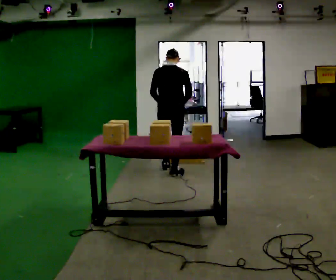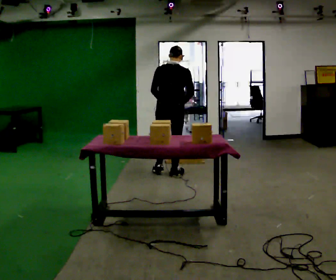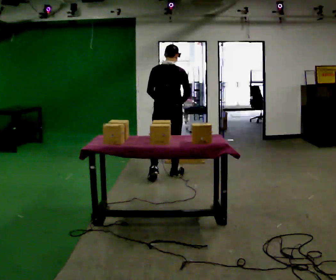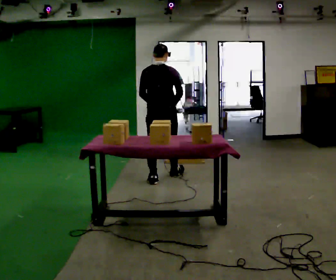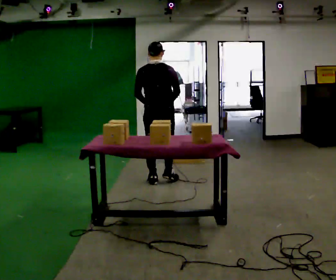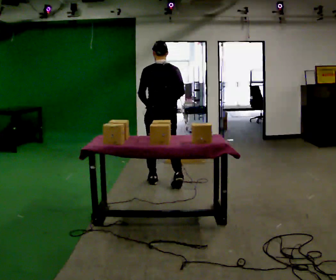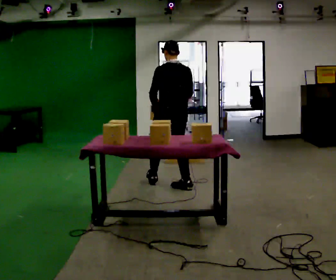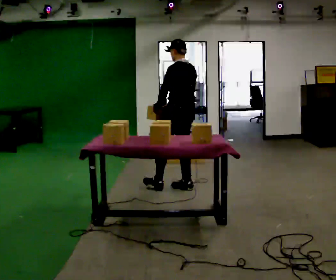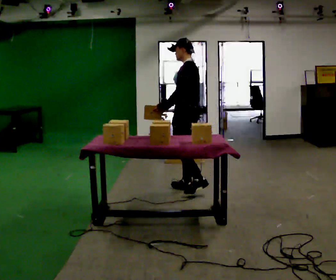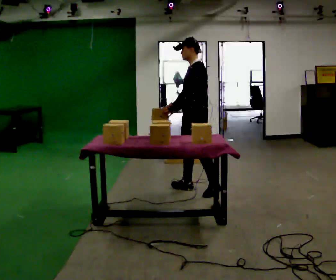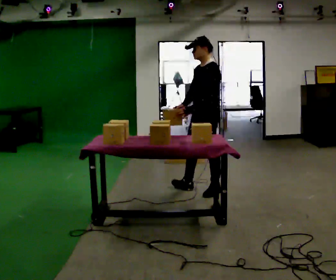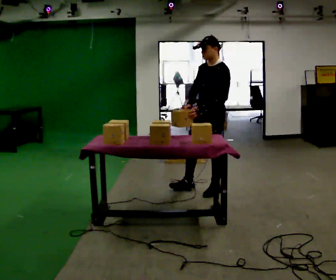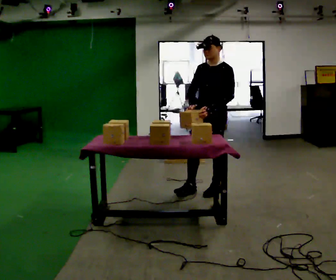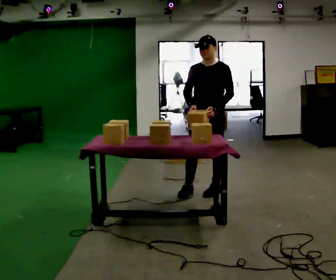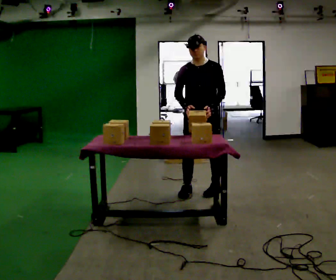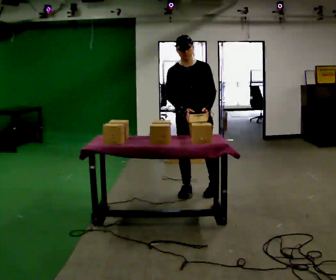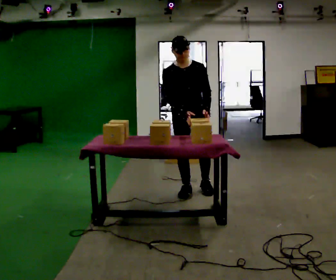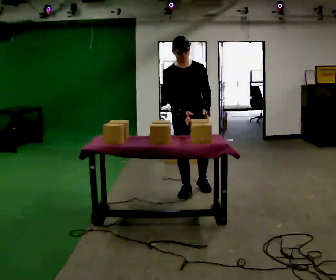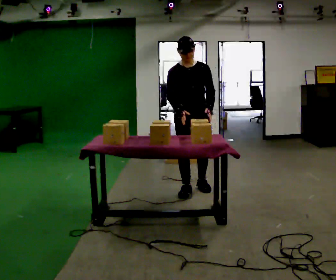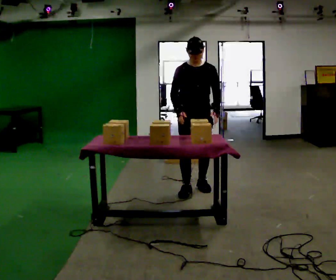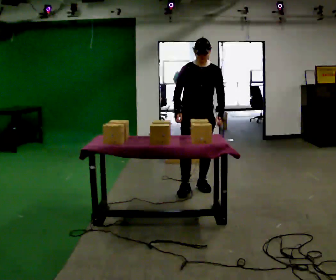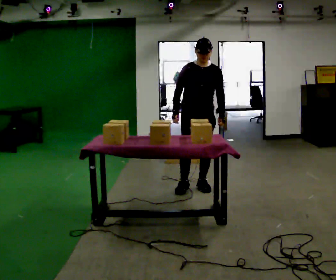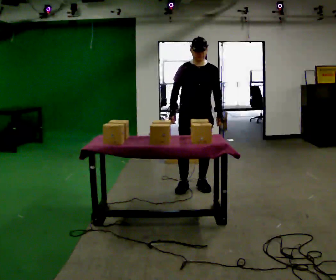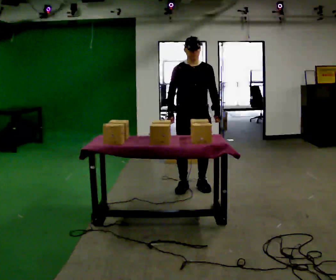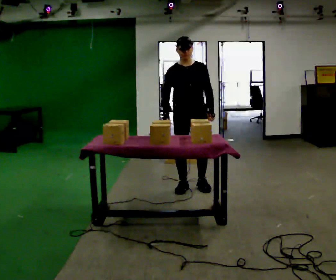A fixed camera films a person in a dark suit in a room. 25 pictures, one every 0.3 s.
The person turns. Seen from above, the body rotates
counterclockwise.
The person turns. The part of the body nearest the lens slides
to the right.
0.0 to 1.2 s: In the picture they go toward the camera, about 0.5 m in 2 steps, which for them is backward.
1.2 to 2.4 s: Seen from above the body turns counterclockwise, about 75 degrees: to their left, with its near side sliding to the right. In the picture they go to the right and toward the camera, about 0.5 m in 1 step.
2.4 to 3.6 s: Seen from above the body turns counterclockwise, about 60 degrees: to their left, with its near side sliding to the right. In the picture they go to the right, about 0.25 m.
3.6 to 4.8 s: Seen from above the body turns counterclockwise, about 45 degrees: to their left, with its near side sliding to the right. In the picture they go to the left, about 0.25 m in 1 step, which for them is to their right.
4.8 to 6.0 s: In the picture they go away from the camera, about 0.25 m, which for them is to their left and backward.
6.0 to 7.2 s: The person moves a little, or ends about where they began.
The film runs backward here.
